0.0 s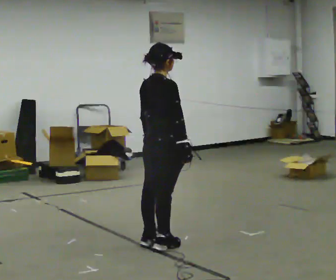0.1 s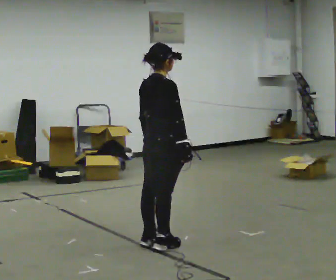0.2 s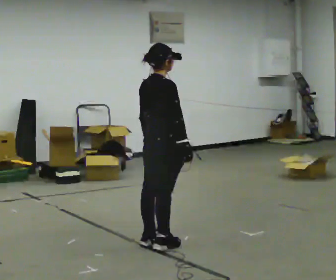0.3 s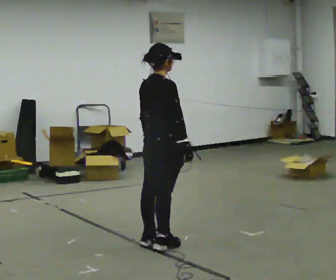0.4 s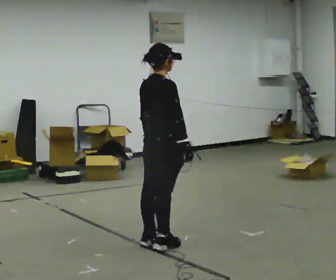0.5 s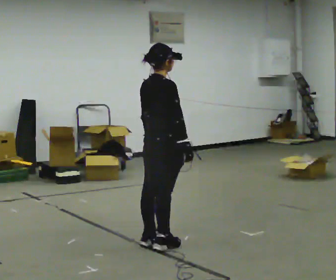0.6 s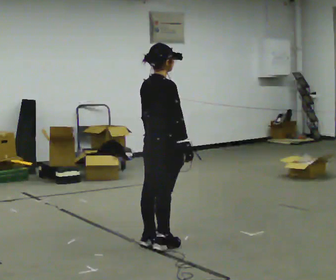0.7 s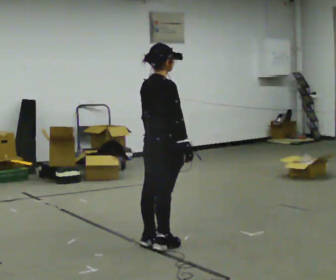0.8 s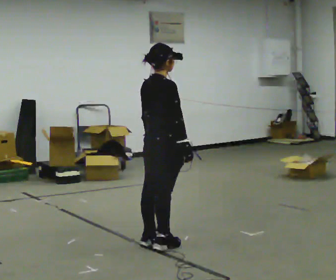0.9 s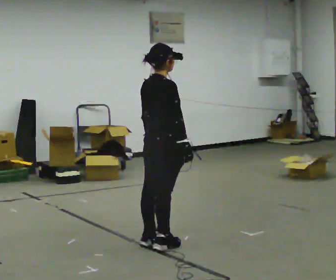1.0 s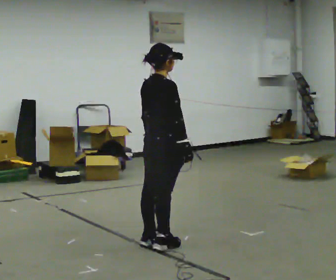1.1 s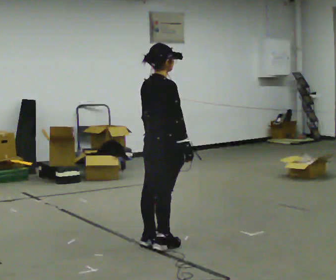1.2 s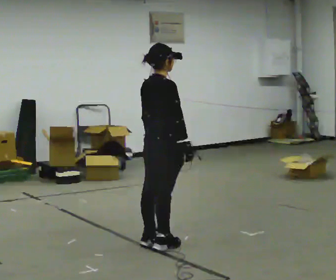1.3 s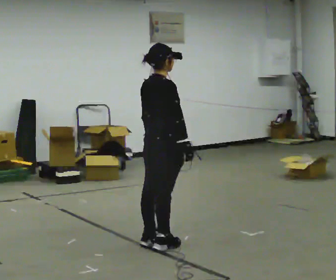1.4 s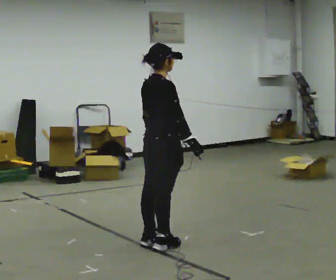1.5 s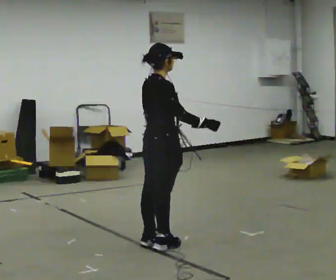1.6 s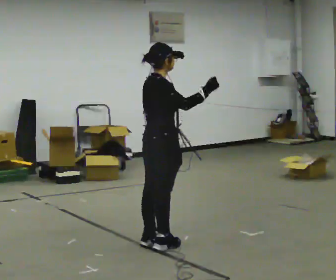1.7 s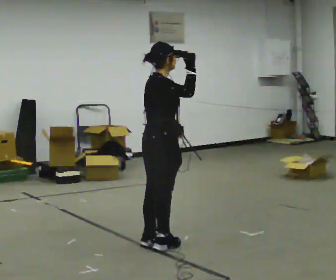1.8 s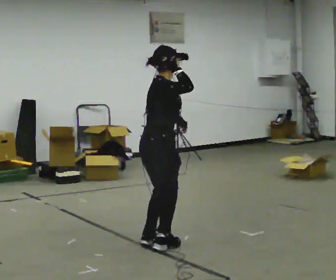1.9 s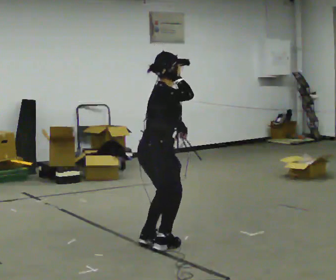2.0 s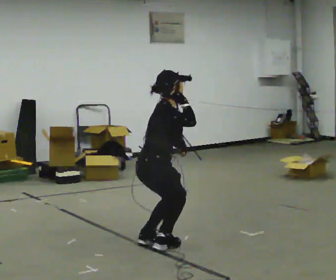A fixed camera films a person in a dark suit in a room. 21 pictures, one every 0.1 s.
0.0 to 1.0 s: The person moves a little, or ends about where they began.
1.0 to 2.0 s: The upper body goes downward. In the picture the upper body tilts clockwise, shoulders to the right, as they bend forward.
The film runs forward here.
